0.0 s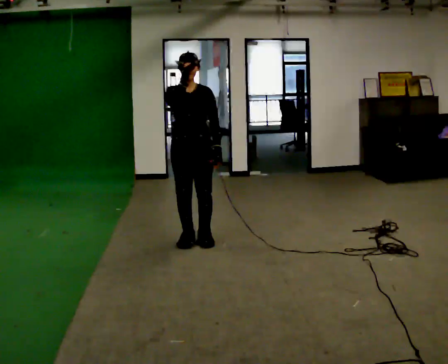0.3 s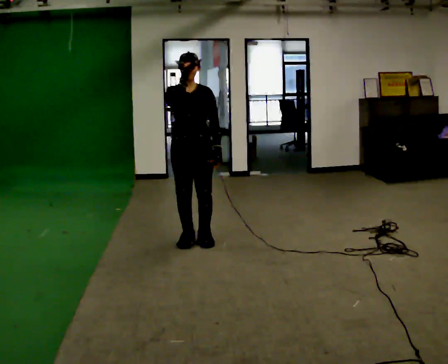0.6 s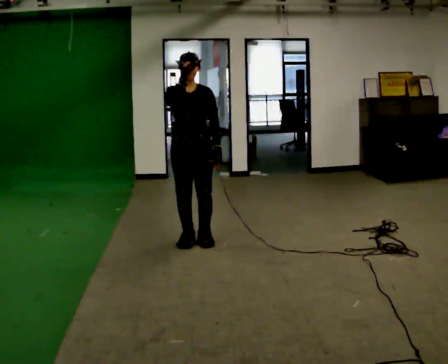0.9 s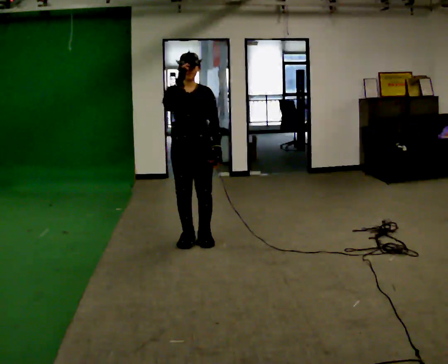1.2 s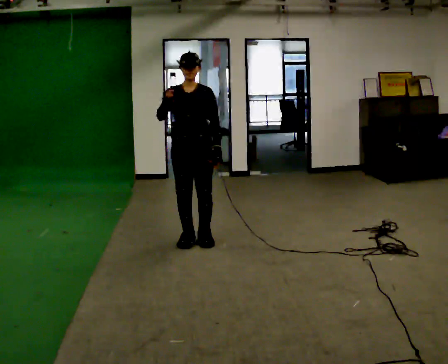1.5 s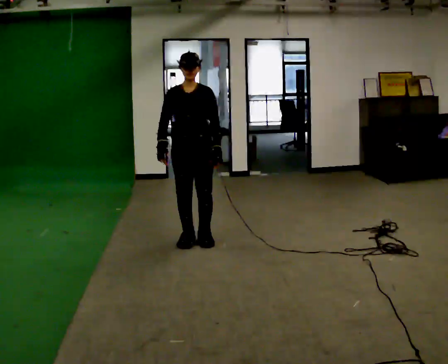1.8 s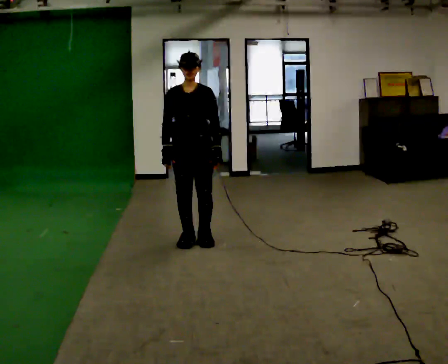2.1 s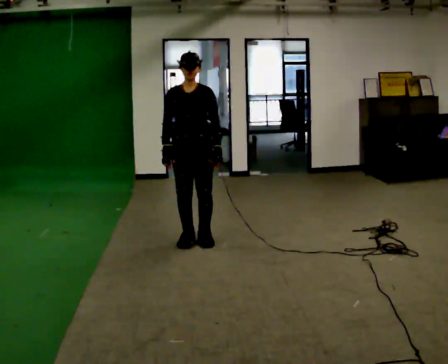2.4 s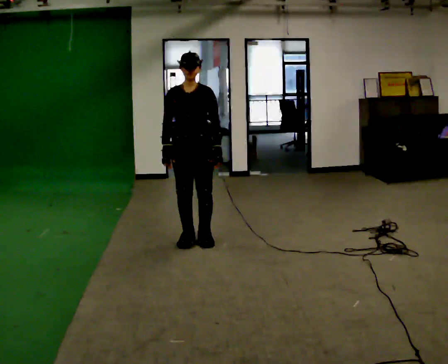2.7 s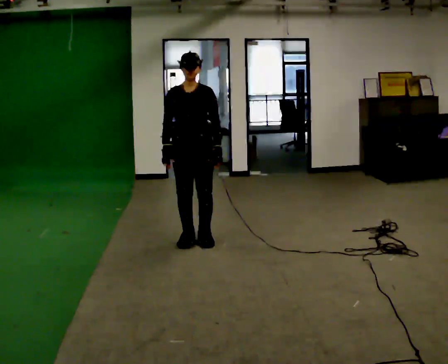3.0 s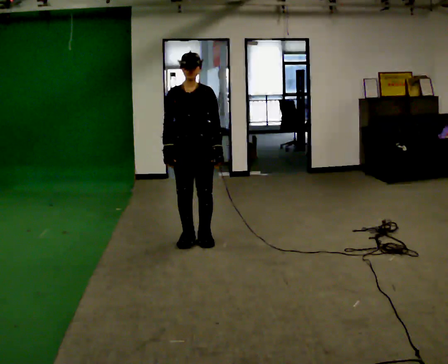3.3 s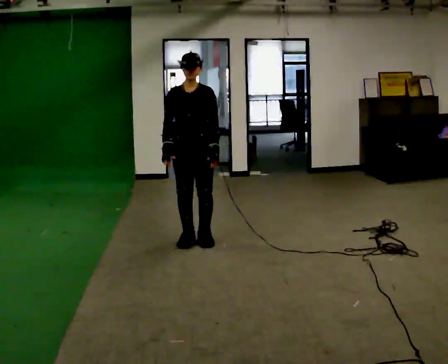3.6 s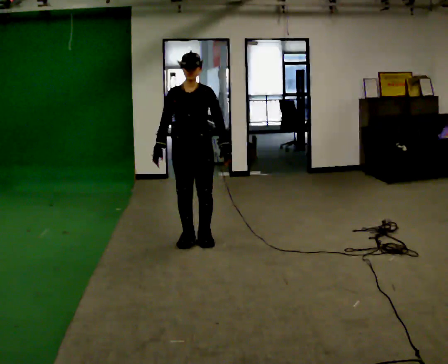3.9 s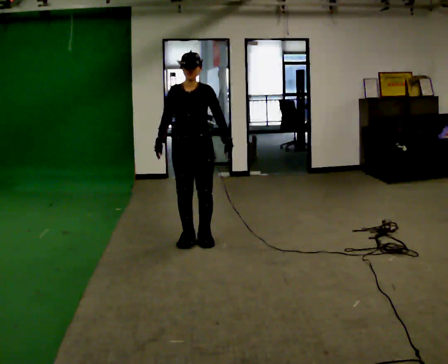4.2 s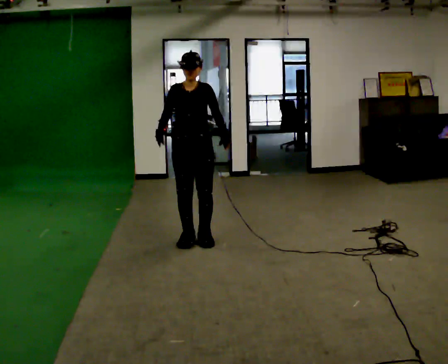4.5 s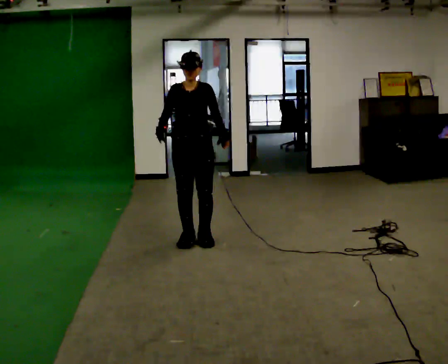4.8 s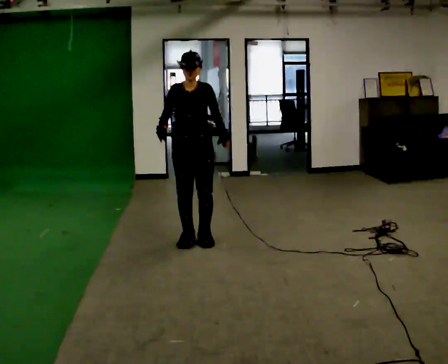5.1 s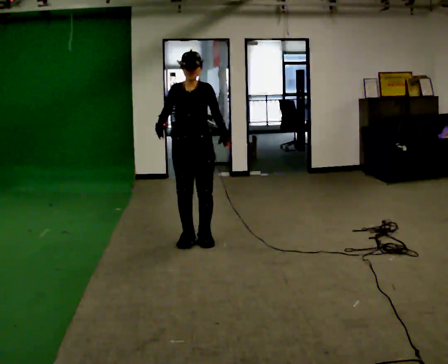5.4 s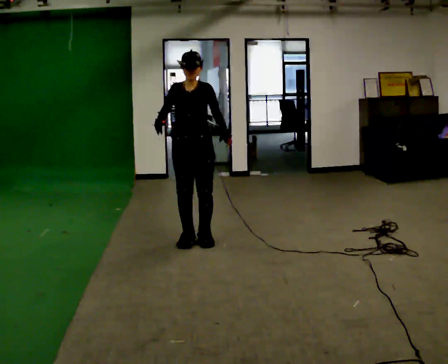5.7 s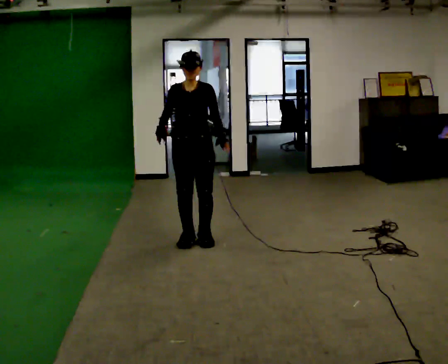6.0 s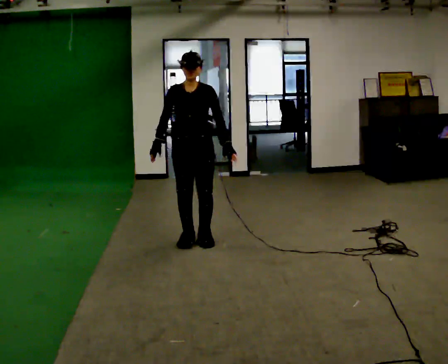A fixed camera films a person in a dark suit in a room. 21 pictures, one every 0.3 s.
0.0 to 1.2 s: The person moves a little, or ends about where they began.
1.2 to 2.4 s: In the picture their right hand goes downward.
2.4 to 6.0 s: The person moves a little, or ends about where they began.
The film runs backward here.
